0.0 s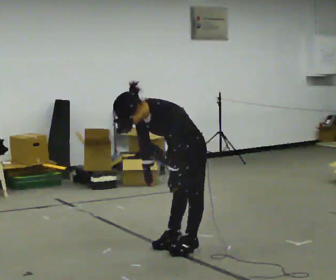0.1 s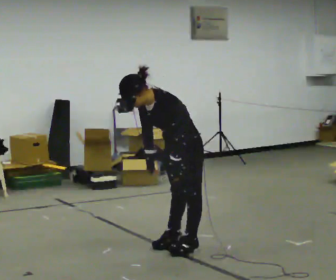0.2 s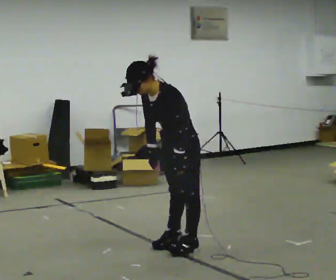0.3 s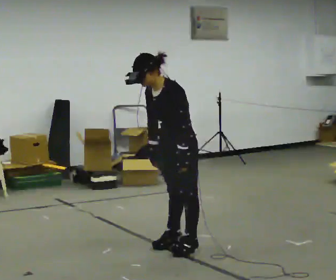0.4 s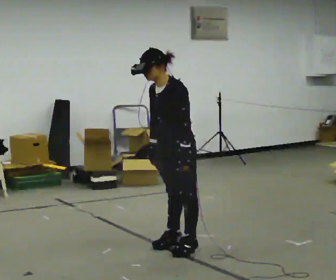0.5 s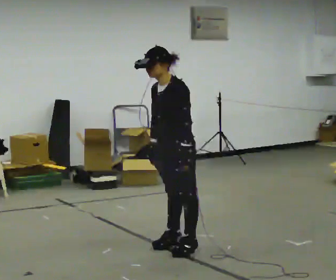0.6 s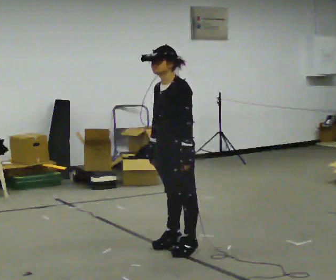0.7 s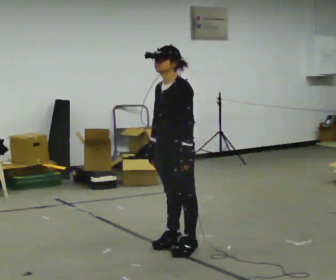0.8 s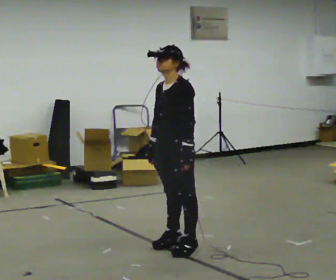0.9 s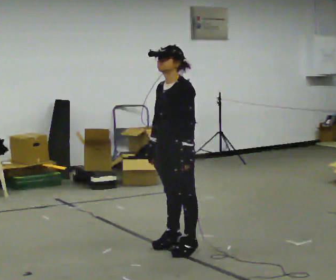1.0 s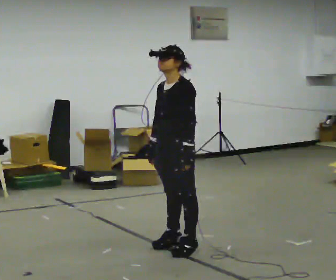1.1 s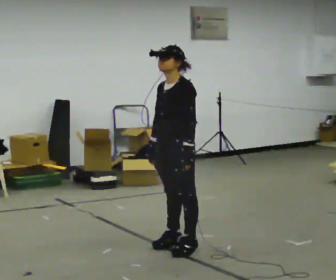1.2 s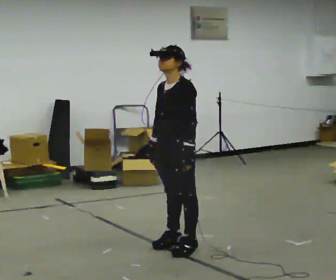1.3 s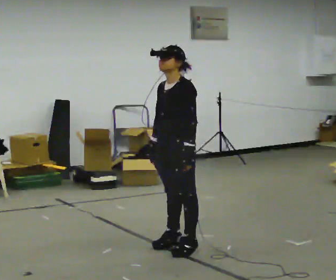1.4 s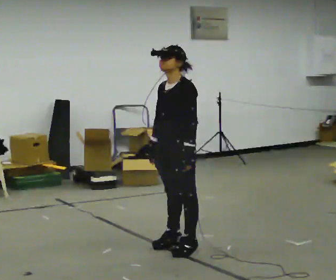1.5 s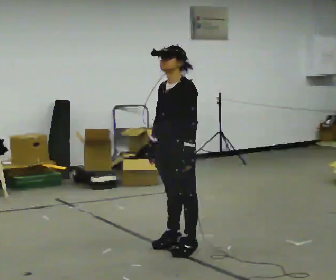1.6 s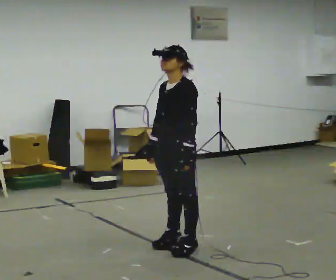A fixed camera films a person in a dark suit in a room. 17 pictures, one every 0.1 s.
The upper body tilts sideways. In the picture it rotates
clockwise.
0.0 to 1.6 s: The upper body goes upward. In the picture the upper body tilts clockwise, shoulders to the right, as they lean back or straighten.
The film runs backward here.
